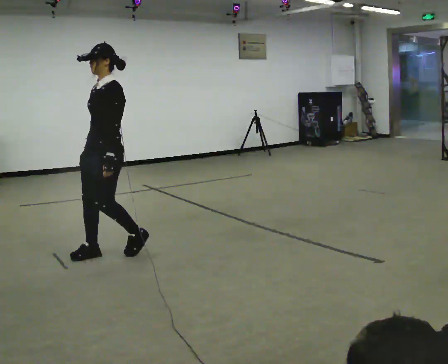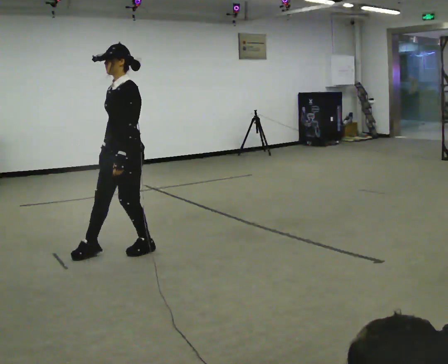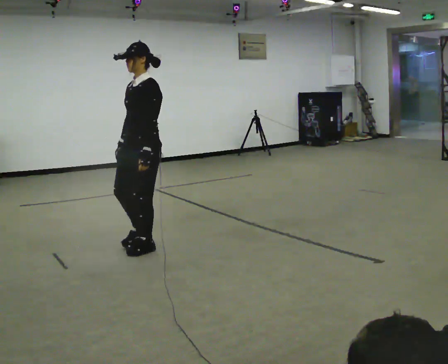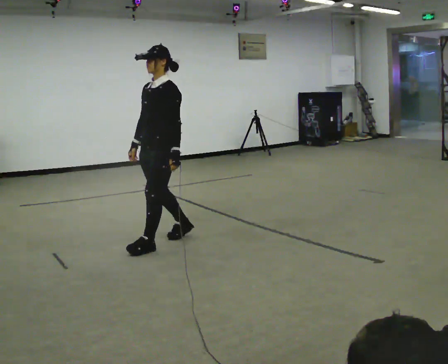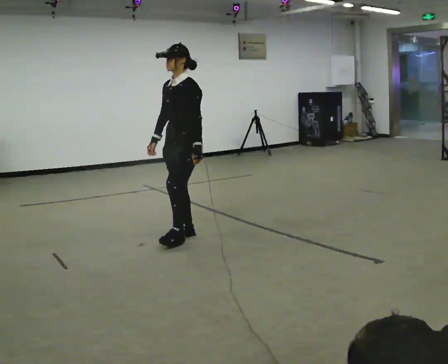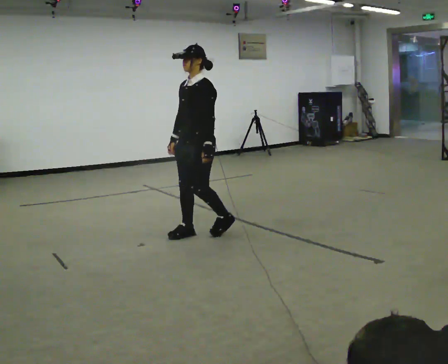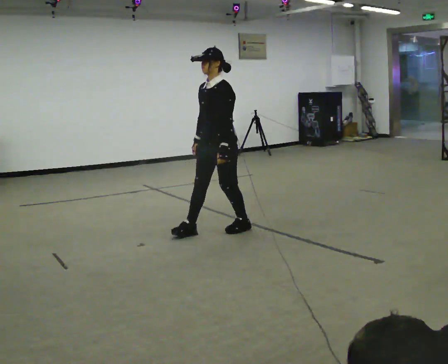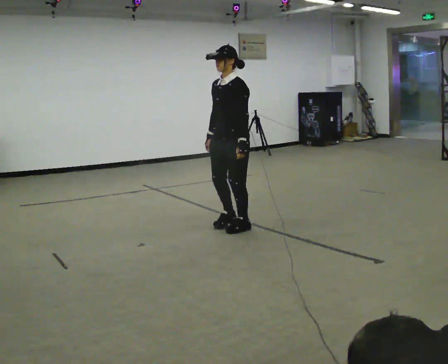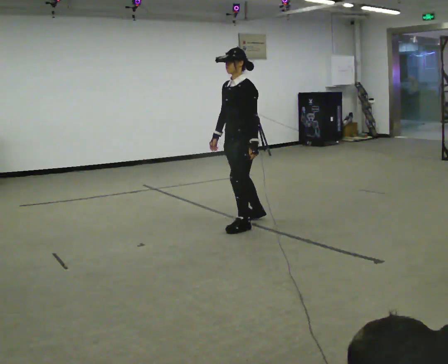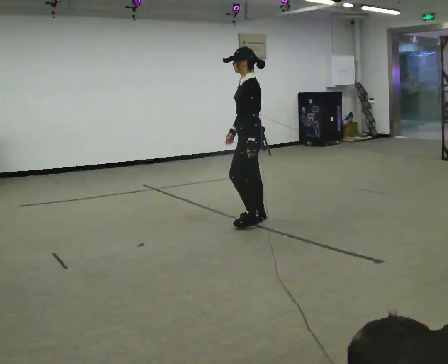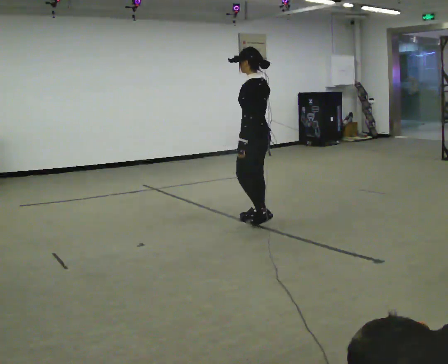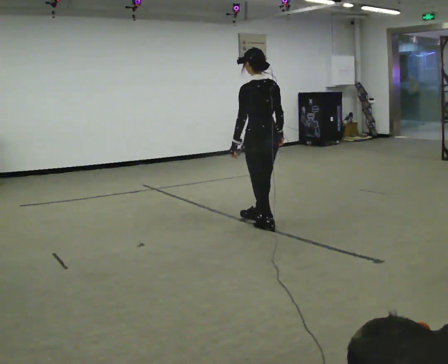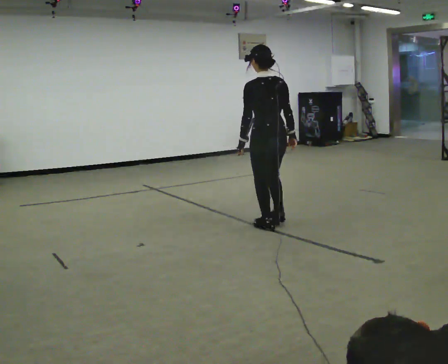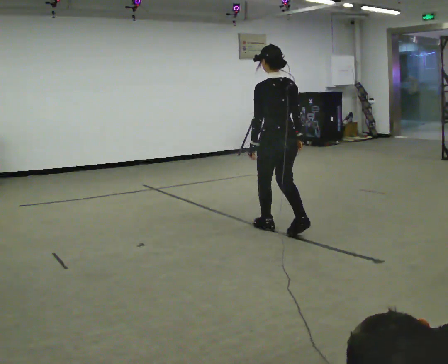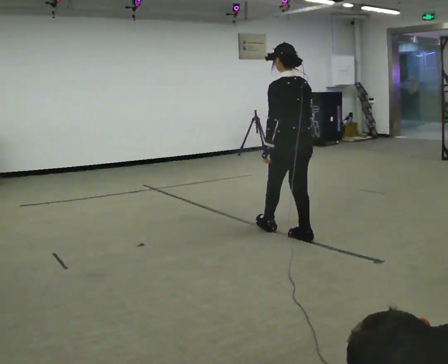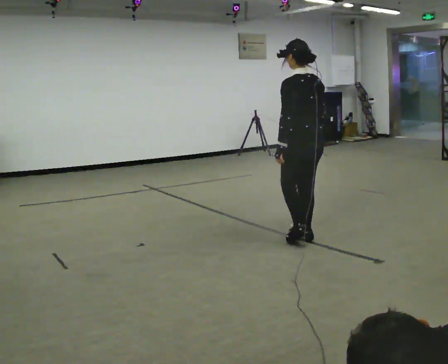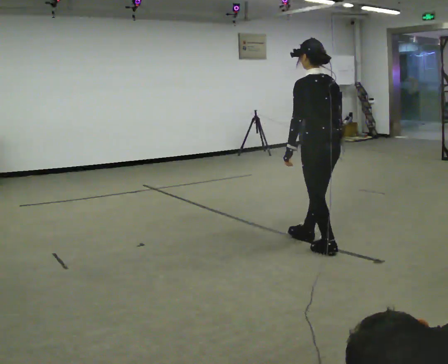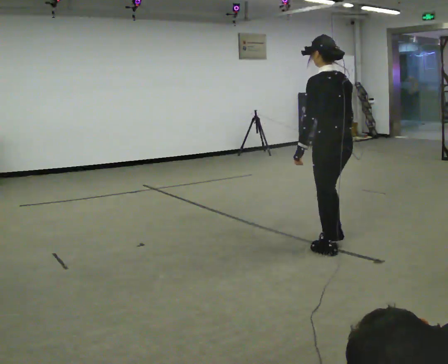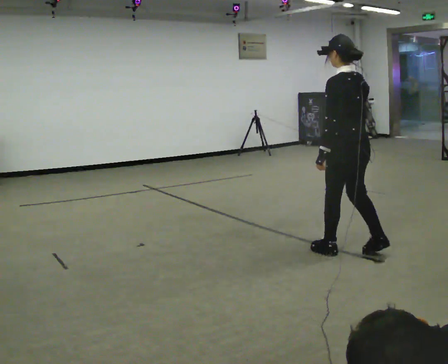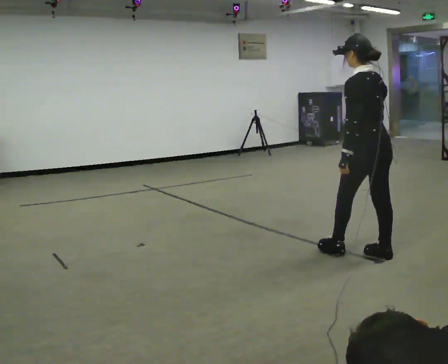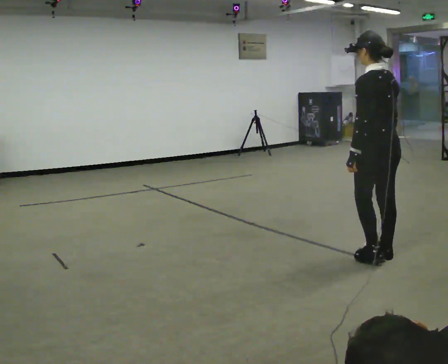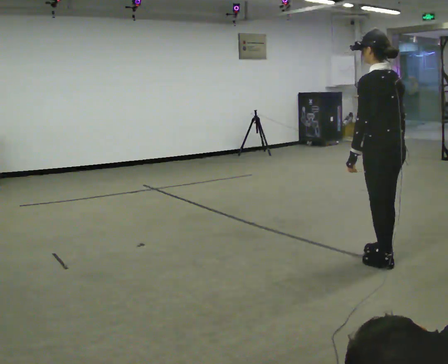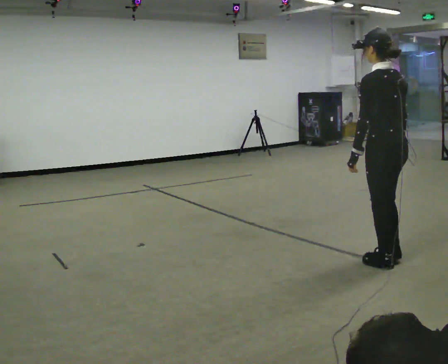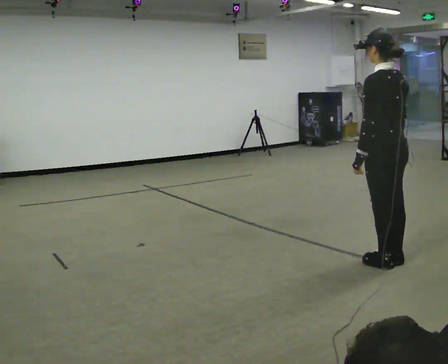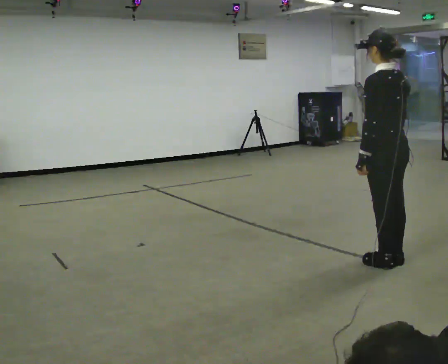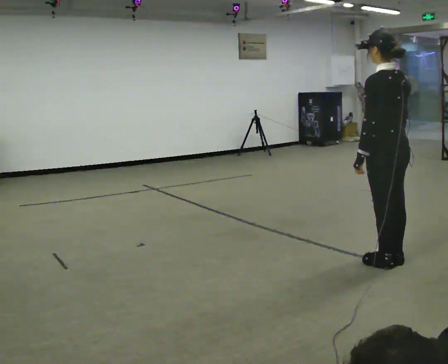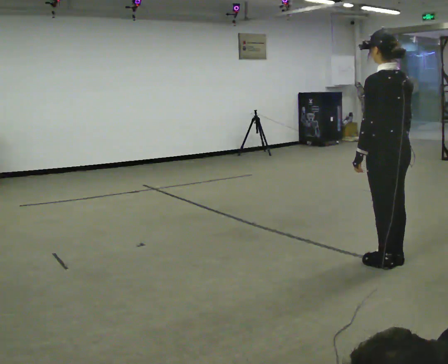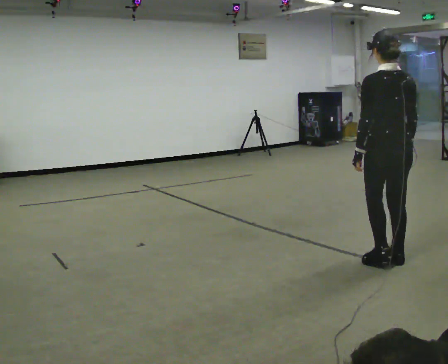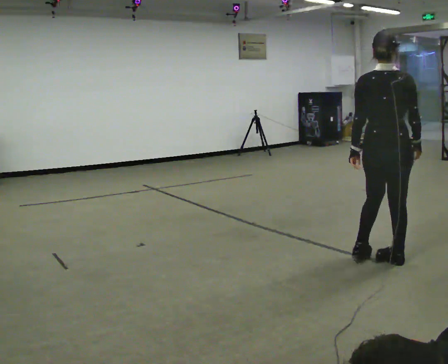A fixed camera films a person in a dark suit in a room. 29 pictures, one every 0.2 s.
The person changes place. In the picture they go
to the right.
The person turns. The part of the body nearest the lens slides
to the left.
0.0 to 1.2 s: In the picture they go away from the camera and to the right, about 1 m in 3 steps, which for them is backward.
1.2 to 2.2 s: The part of the body nearest the lens slides to the left as the person turns to their right by about 90 degrees. In the picture they go to the right, about 0.25 m in 2 steps.
2.2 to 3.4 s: In the picture they go toward the camera and to the right, about 1 m in 2 steps, which for them is backward.
3.4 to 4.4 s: In the picture they go toward the camera and to the right, about 0.5 m in 2 steps, which for them is backward.
4.4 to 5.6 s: The person turns about 60 degrees to their right, clockwise seen from above, so the part of the body nearest the lens slides to the left.
The film runs forward here.
